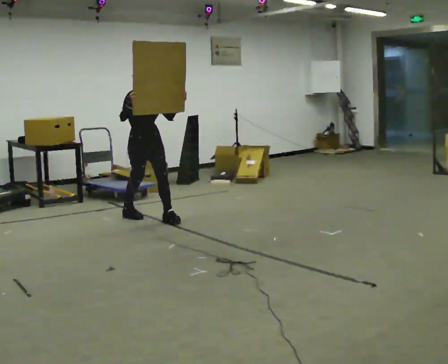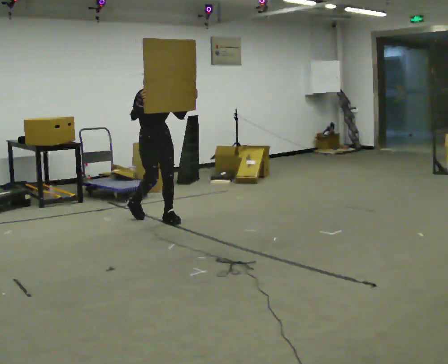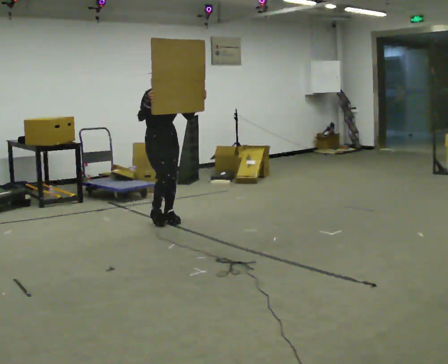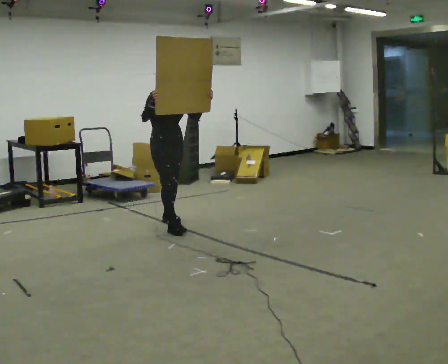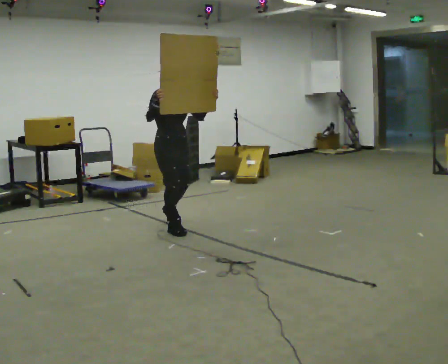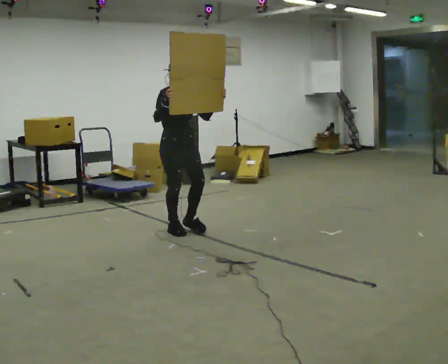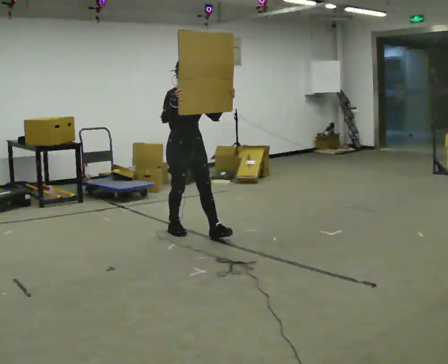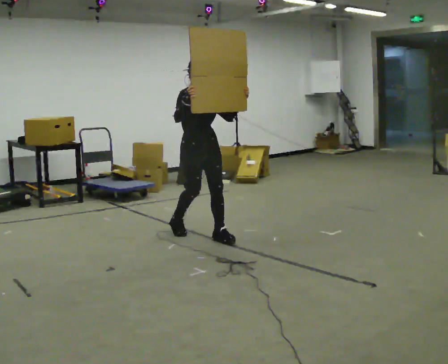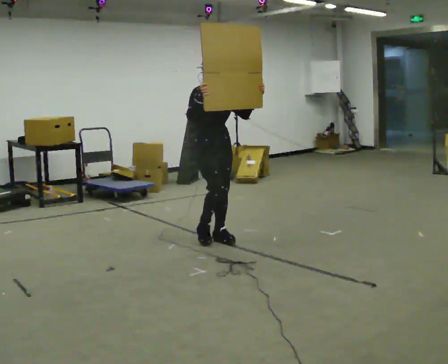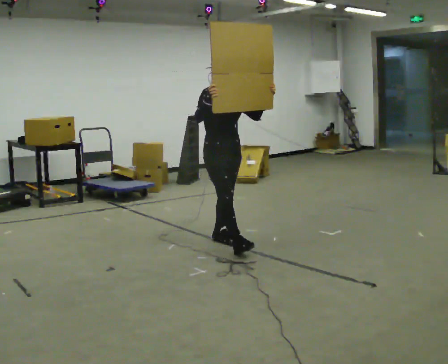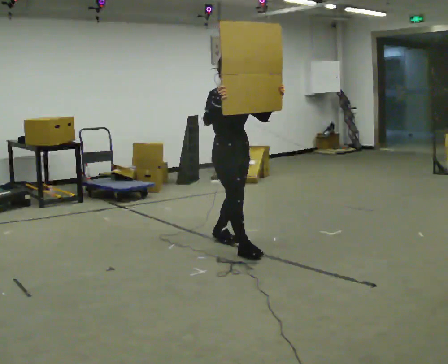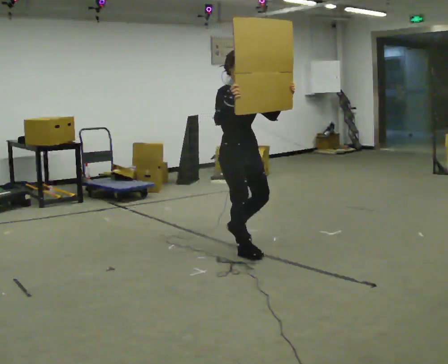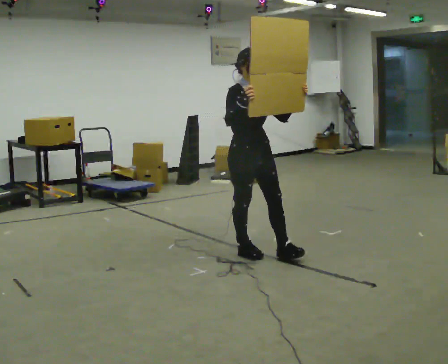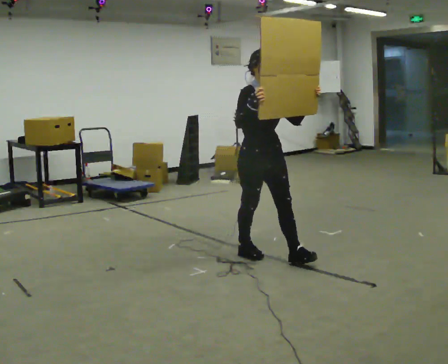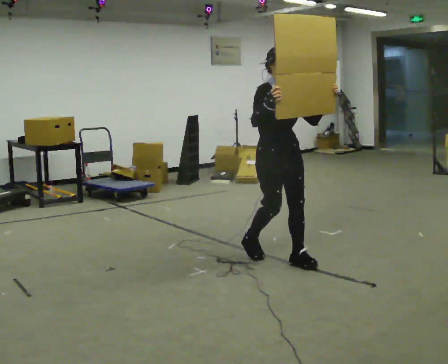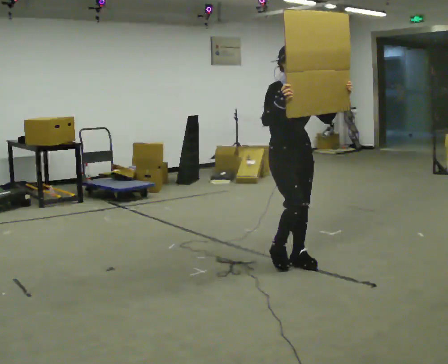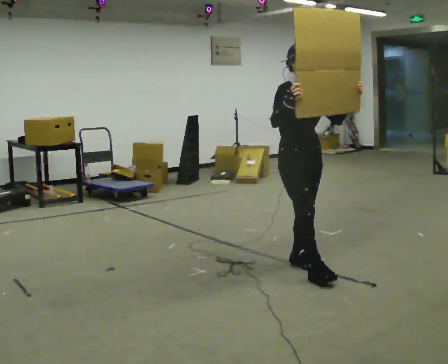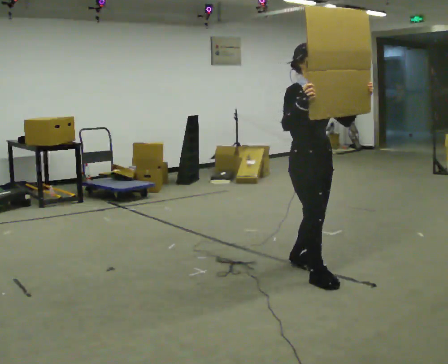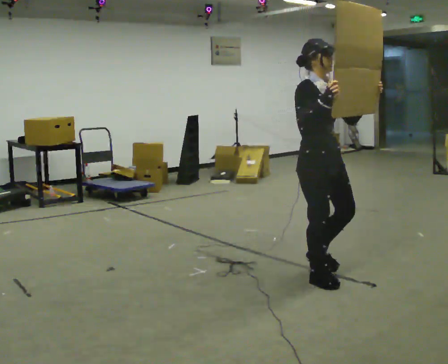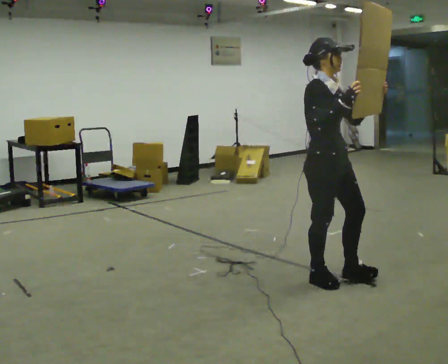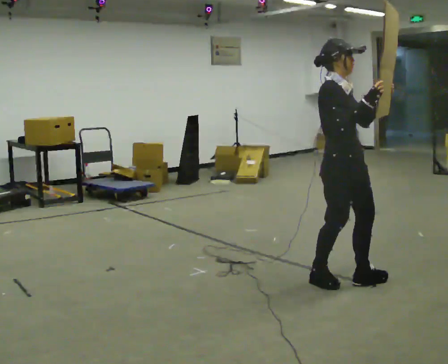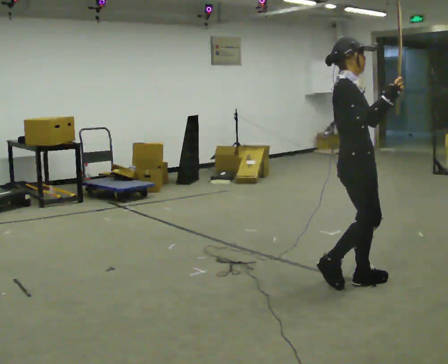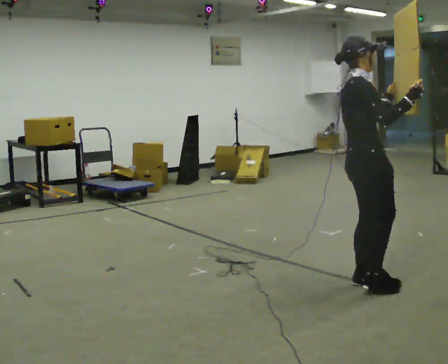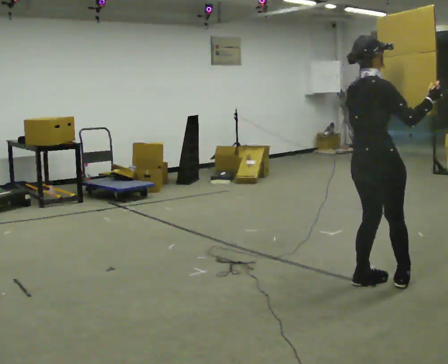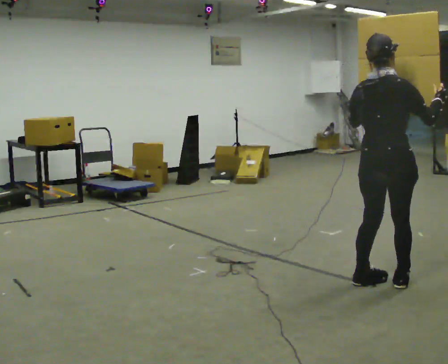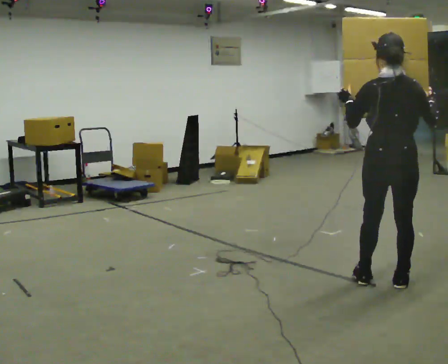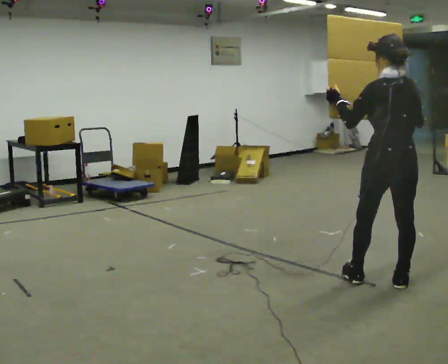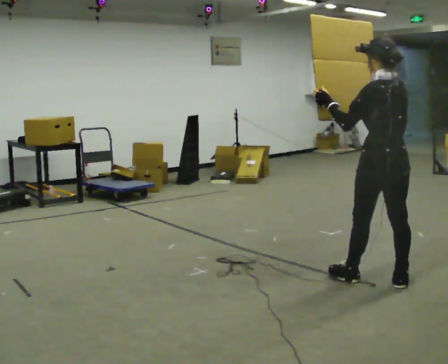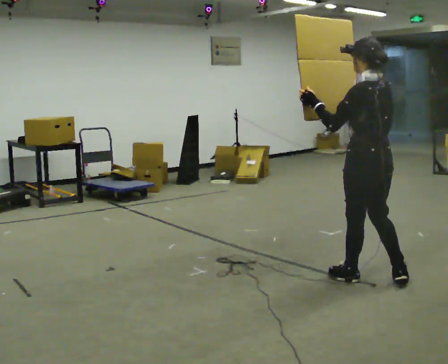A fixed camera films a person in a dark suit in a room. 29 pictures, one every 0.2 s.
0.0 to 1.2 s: In the picture they go toward the camera and to the right, about 0.5 m in 1 step, which for them is forward.
1.2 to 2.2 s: In the picture they go toward the camera and to the right, about 1 m in 2 steps, which for them is forward.
2.2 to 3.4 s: In the picture they go toward the camera and to the right, about 1 m in 2 steps, which for them is forward.
3.4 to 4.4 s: The part of the body nearest the lens slides to the right as the person turns to their left by about 45 degrees. In the picture they go to the right and toward the camera, about 0.5 m in 1 step, which for them is forward.
4.4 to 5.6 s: Seen from above the body turns counterclockwise, about 120 degrees: to their left, with its near side sliding to the right.
The film runs forward here.
